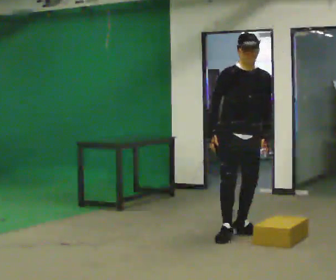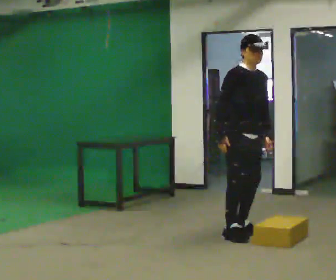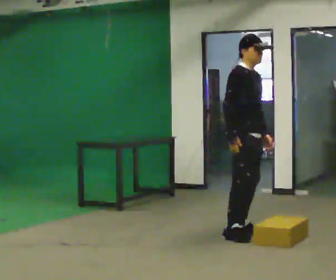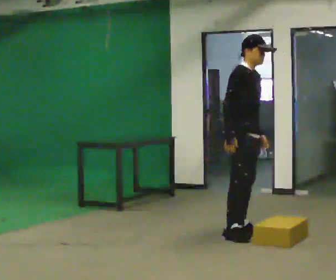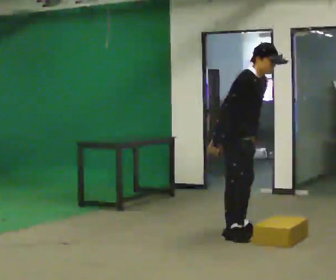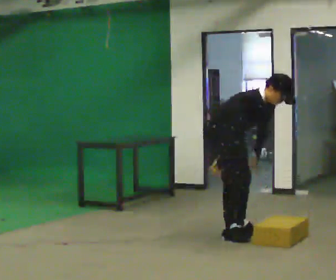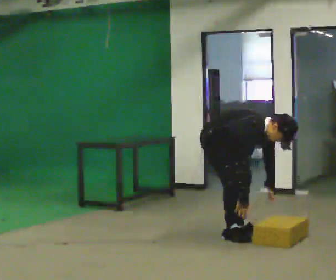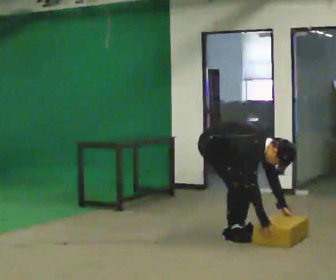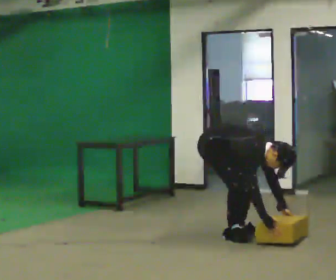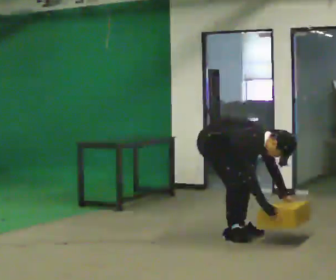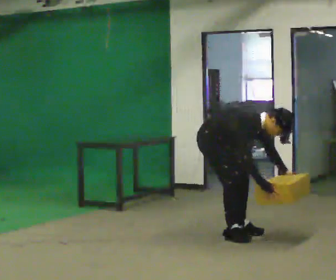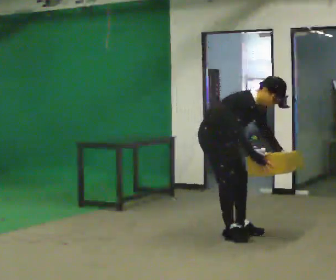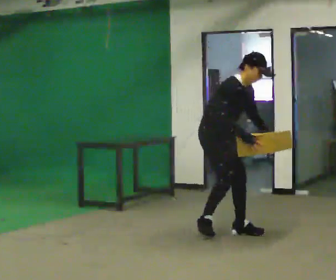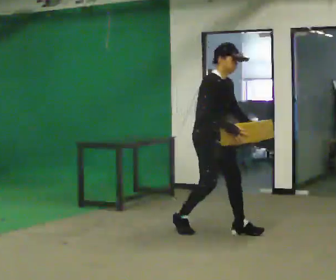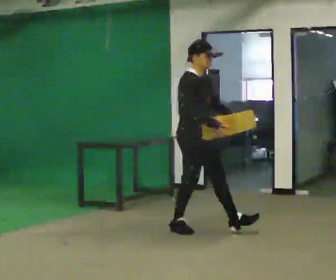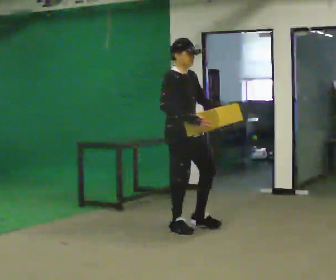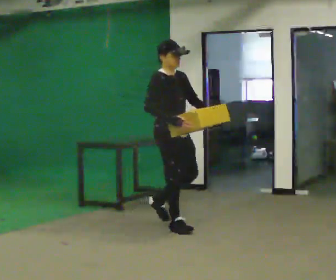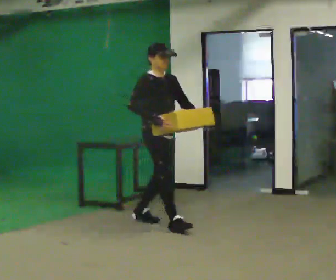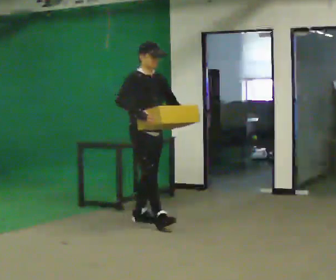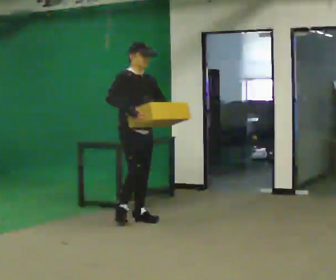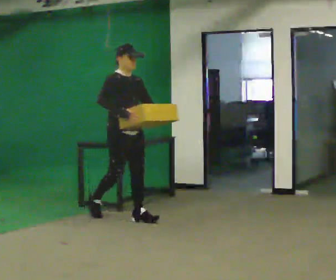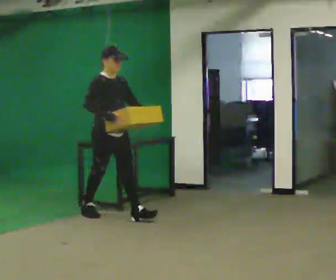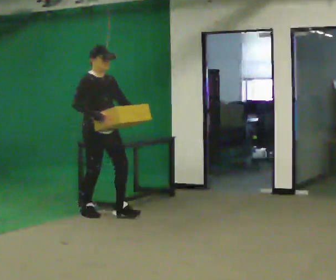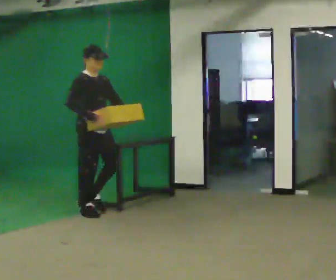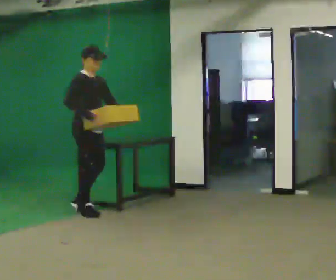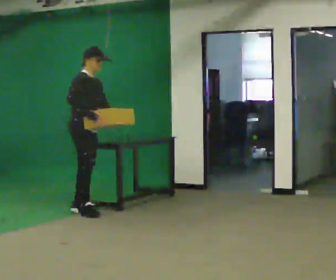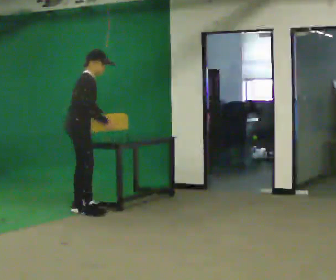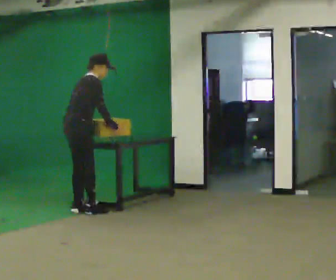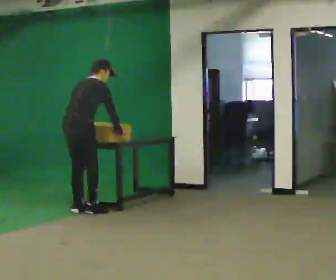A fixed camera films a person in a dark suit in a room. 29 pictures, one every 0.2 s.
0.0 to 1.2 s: The person turns about 45 degrees to their left, counterclockwise seen from above, so the part of the body nearest the lens slides to the right. In the picture they go to the left, about 0.25 m, which for them is backward. The upper body goes downward. In the picture the upper body tilts clockwise, shoulders to the right, as they bend forward. In the picture their left hand goes downward.
1.2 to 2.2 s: The person moves a little, or ends about where they began.
2.2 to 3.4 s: In the picture they go to the left and away from the camera, about 0.75 m in 2 steps, which for them is backward. The shoulders move upward. In the picture the upper body tilts counterclockwise, shoulders to the left, as they lean back or straighten. In the picture their left hand goes upward.
3.4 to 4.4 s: In the picture they go to the left and away from the camera, about 1 m in 2 steps, which for them is backward.
4.4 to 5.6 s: The part of the body nearest the lens slides to the right as the person turns to their left by about 90 degrees. In the picture they go to the left, about 0.25 m. The upper body tips away from the camera, its near side rolling upward, as they bend forward.
The film runs backward here.
